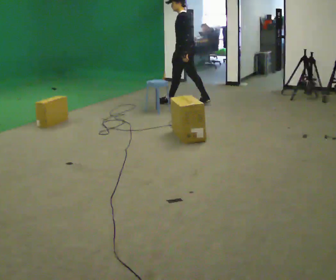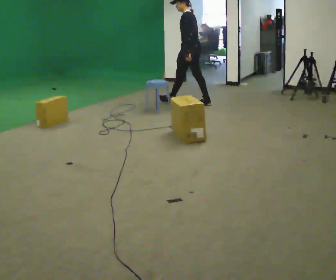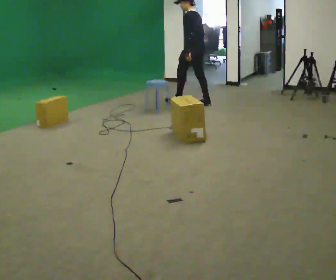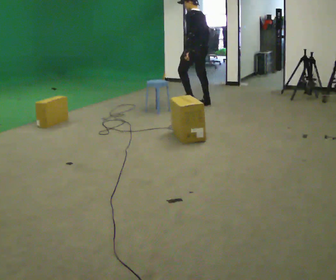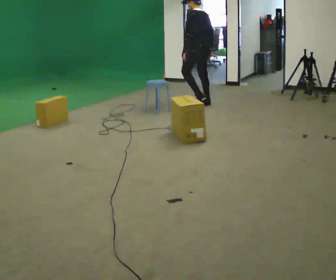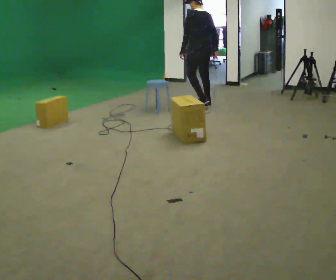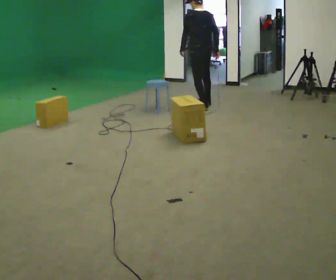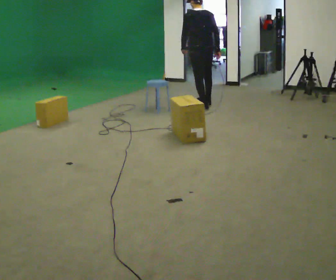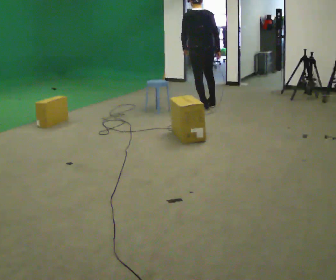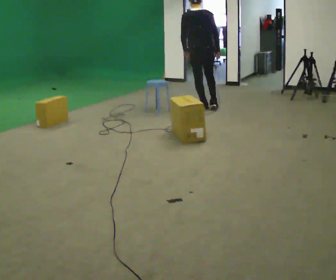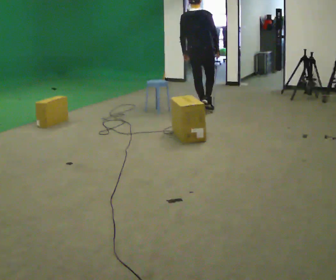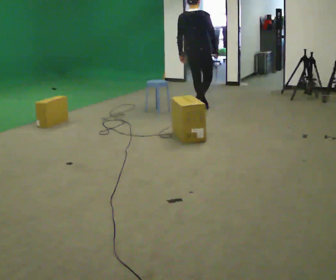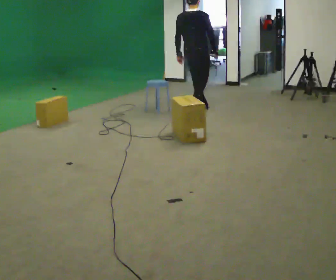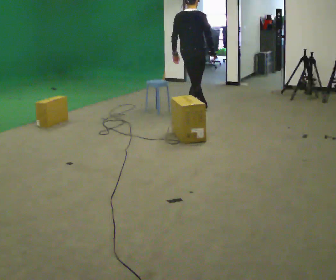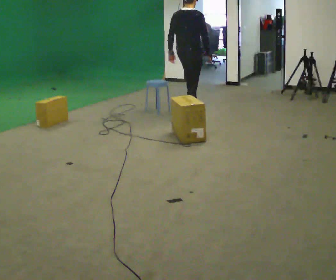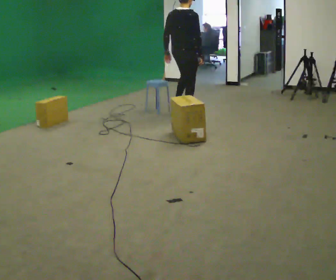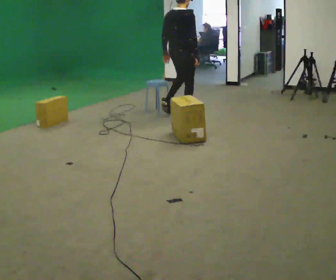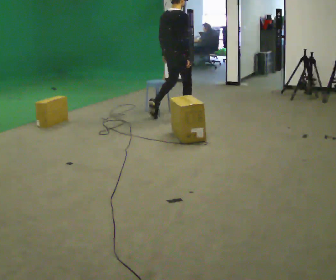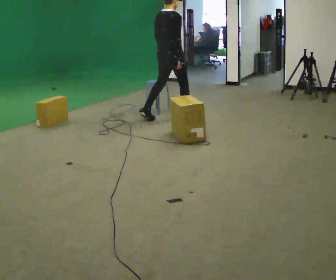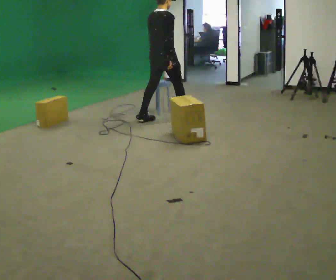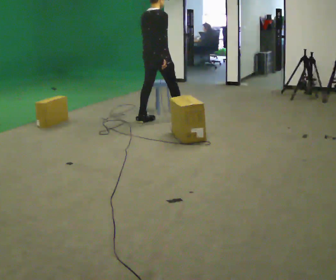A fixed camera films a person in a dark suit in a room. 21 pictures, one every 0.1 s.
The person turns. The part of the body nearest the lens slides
to the left.
The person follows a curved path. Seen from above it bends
clockwise.
0.0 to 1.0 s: Seen from above the body turns clockwise, about 75 degrees: to their right, with its near side sliding to the left. In the picture they go toward the camera and to the right, about 0.5 m in 2 steps.
1.0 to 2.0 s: Seen from above the body turns clockwise, about 30 degrees: to their right, with its near side sliding to the left. In the picture they go toward the camera and to the left, about 1 m in 2 steps, which for them is backward.
The film runs backward here.
